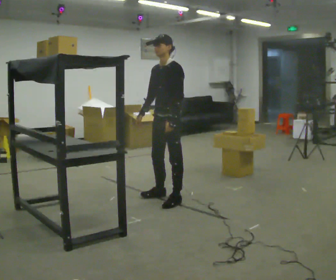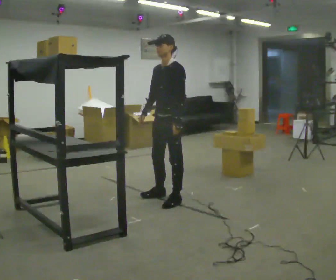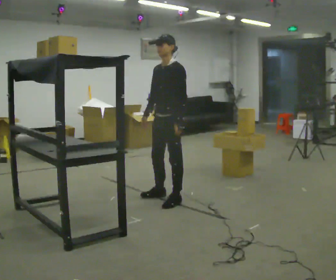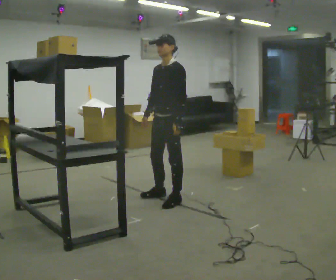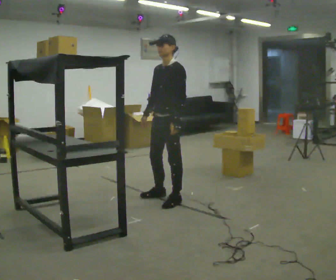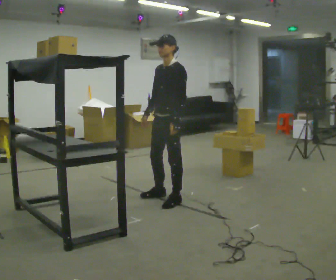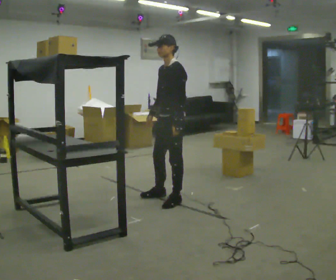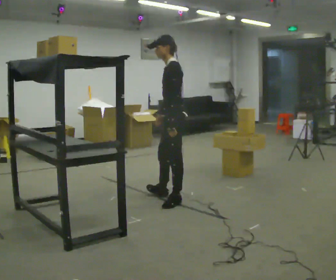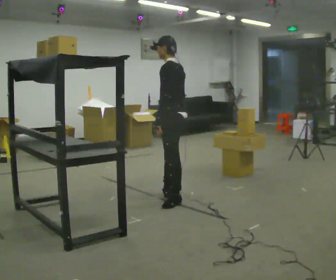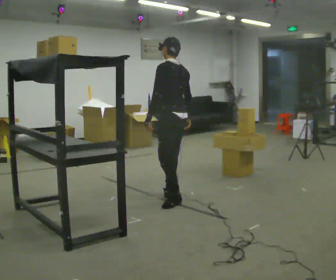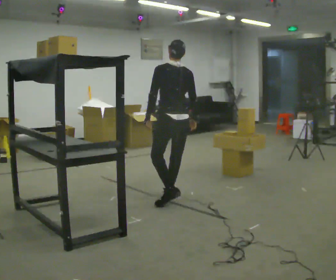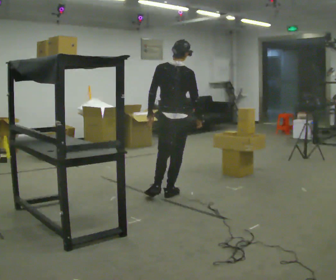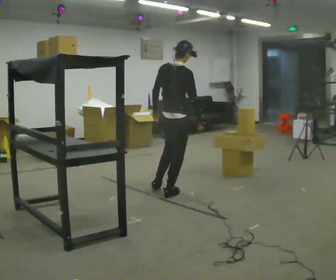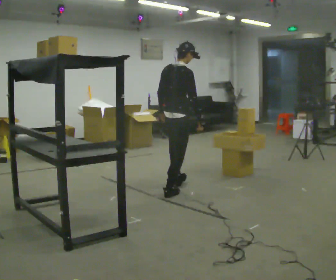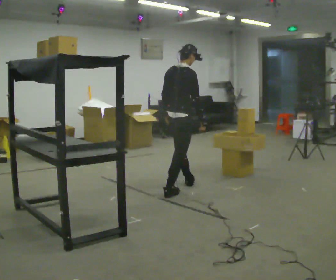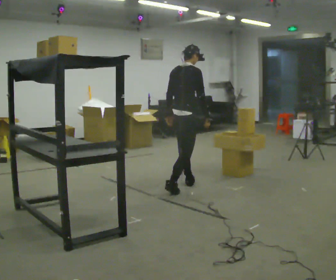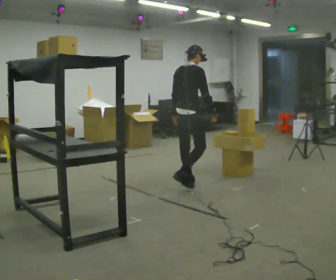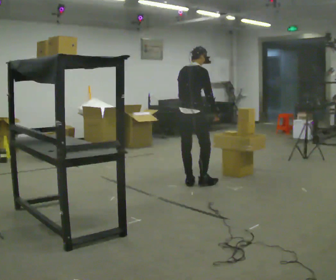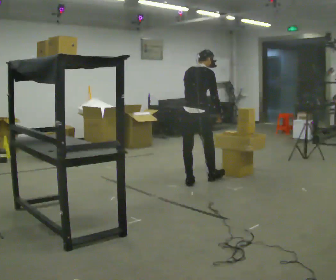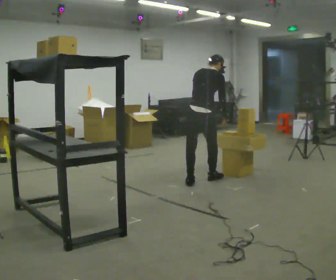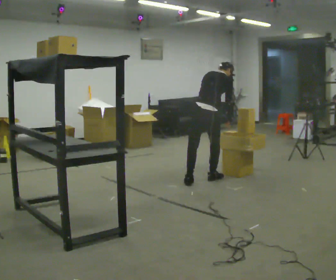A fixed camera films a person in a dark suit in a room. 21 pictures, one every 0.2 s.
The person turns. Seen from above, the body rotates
clockwise.
The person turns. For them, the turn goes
to their right.
0.0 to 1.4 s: The person turns about 45 degrees to their right, clockwise seen from above, so the part of the body nearest the lens slides to the left.
1.4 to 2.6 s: The part of the body nearest the lens slides to the left as the person turns to their right by about 135 degrees. In the picture they go away from the camera, about 0.25 m.
2.6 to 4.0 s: In the picture they go away from the camera and to the right, about 0.5 m in 2 steps, which for them is forward. The upper body tips away from the camera, its near side rolling upward, as they bend forward.
The film runs forward here.
